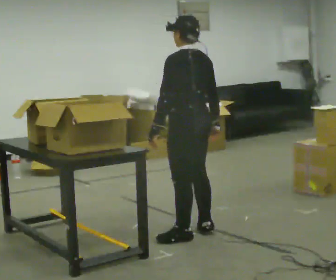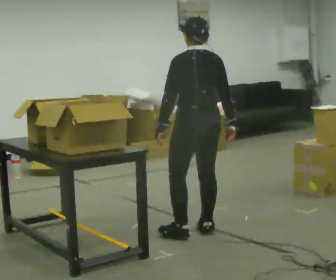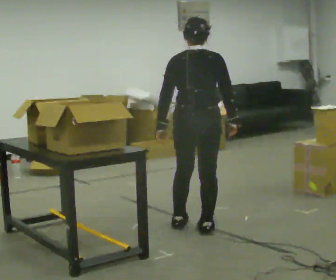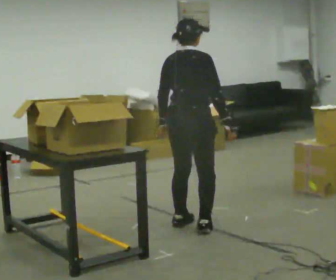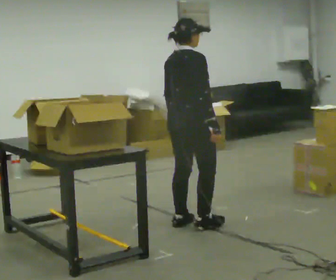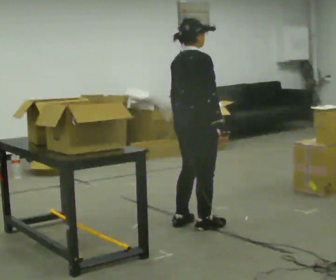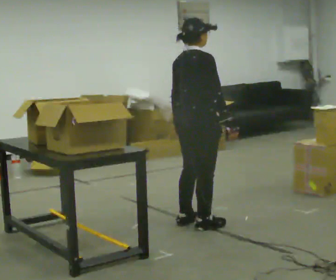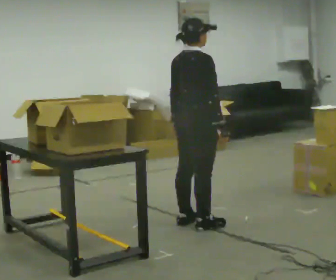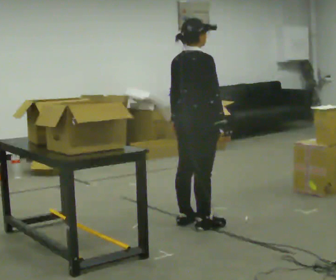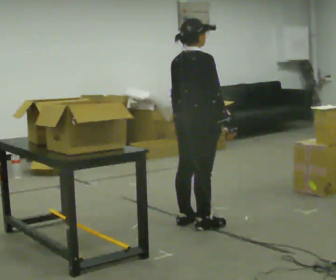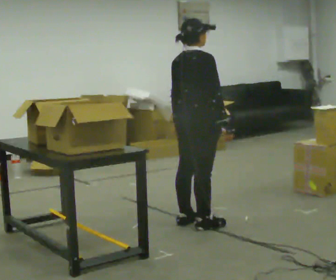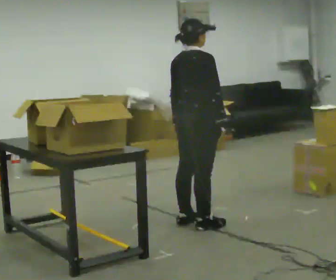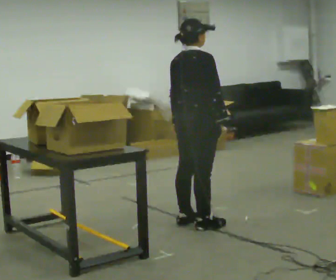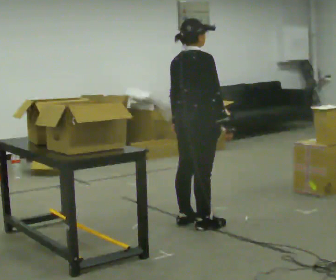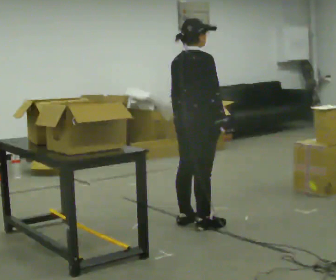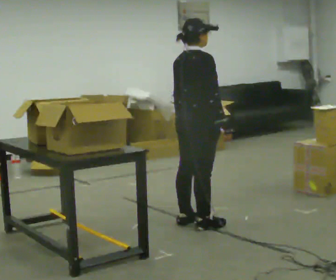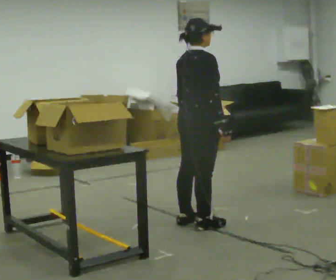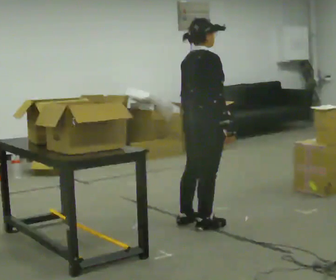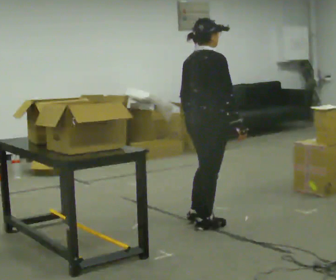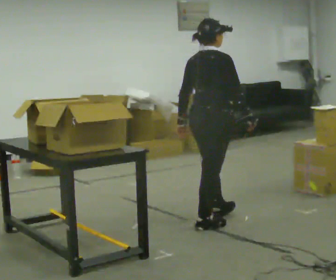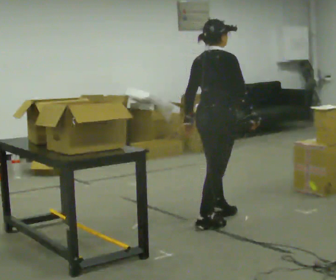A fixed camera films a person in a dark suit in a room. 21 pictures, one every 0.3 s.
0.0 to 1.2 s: Seen from above the body turns clockwise, about 105 degrees: to their right, with its near side sliding to the left. In the picture they go away from the camera, about 0.25 m in 1 step.
1.2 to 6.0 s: In the picture they go to the right, about 0.25 m in 1 step, which for them is forward. In the picture their right hand goes to the right.
The film runs forward here.
